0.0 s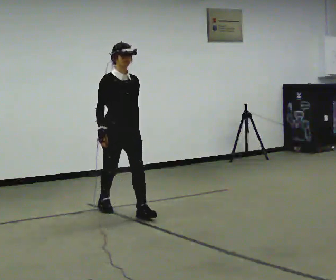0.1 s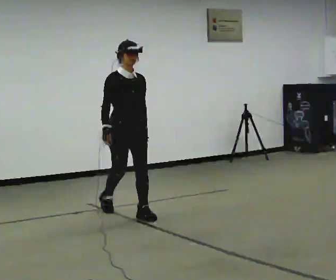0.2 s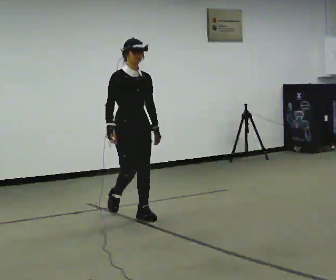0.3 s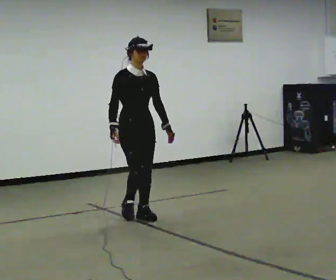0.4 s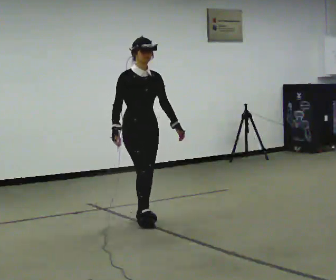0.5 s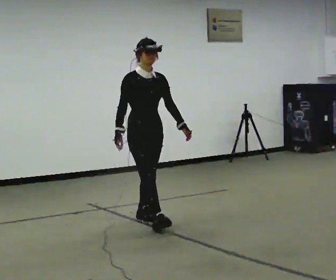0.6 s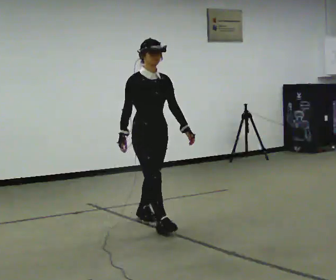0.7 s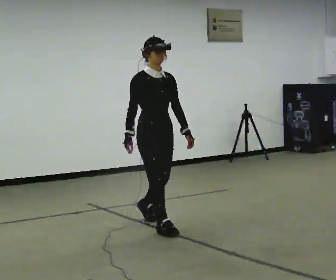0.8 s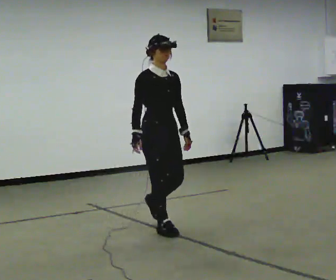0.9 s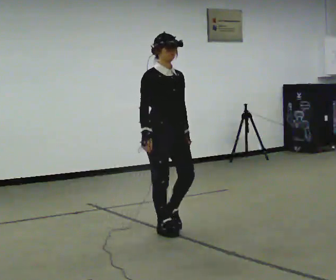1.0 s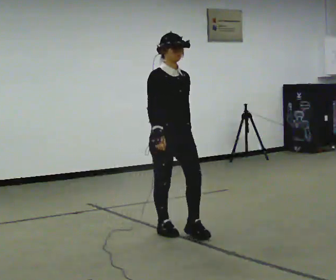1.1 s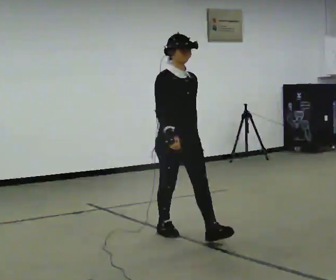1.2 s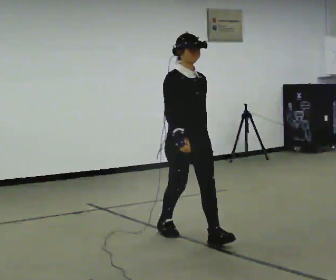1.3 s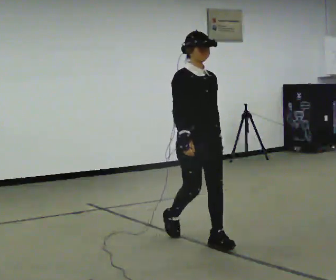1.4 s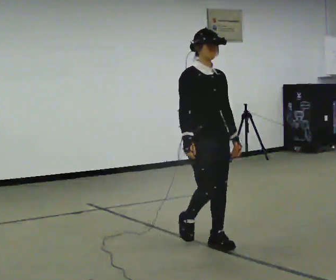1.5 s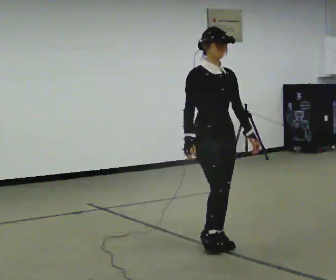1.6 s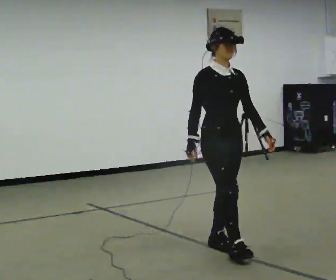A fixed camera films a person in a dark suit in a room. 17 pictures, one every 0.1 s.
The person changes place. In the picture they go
toward the camera.
0.0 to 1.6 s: In the picture they go toward the camera and to the right, about 1.5 m in 2 steps, which for them is forward.
The film runs forward here.
